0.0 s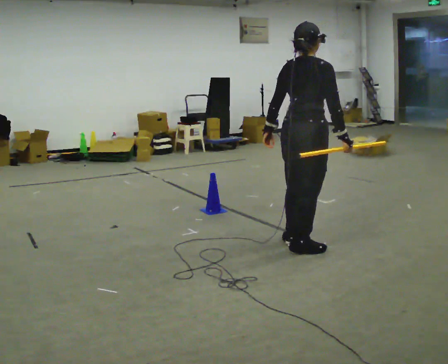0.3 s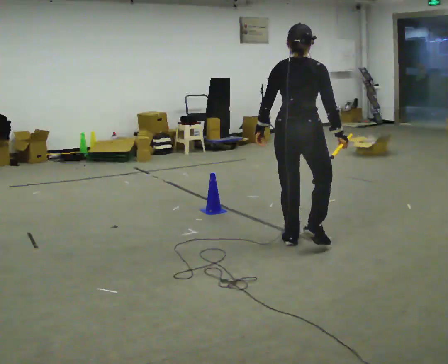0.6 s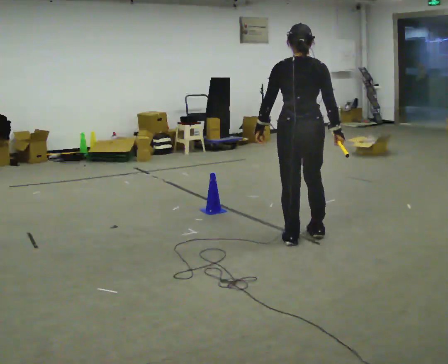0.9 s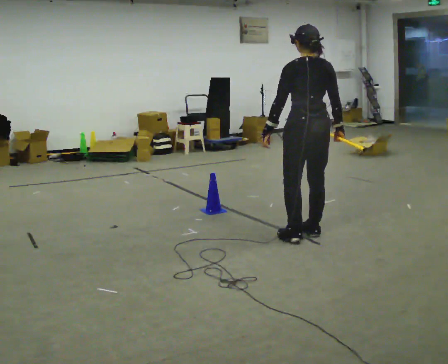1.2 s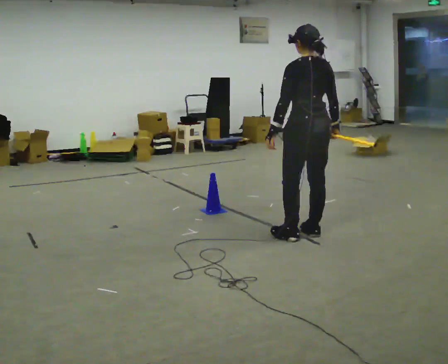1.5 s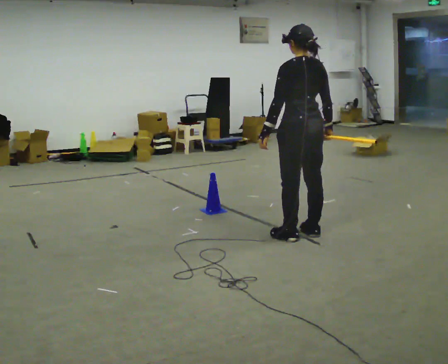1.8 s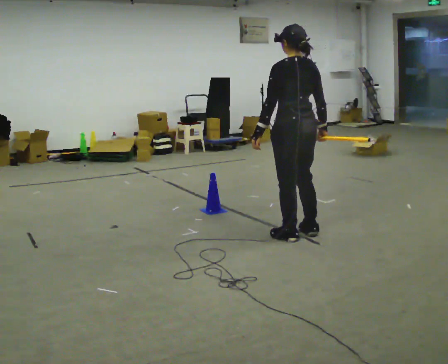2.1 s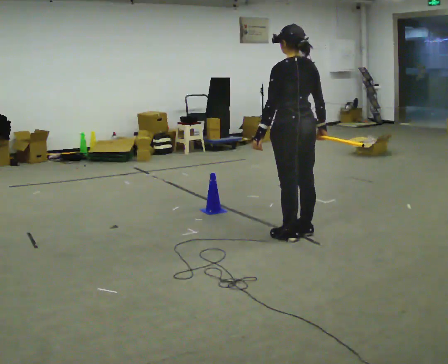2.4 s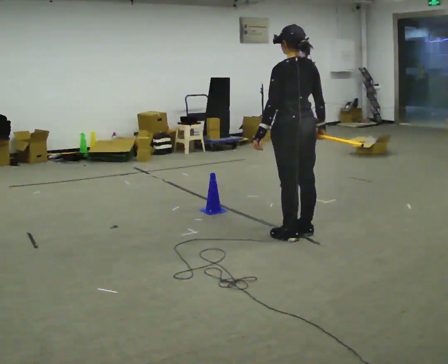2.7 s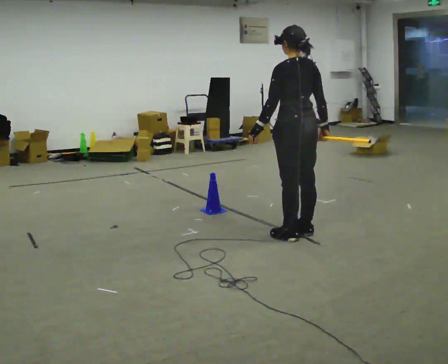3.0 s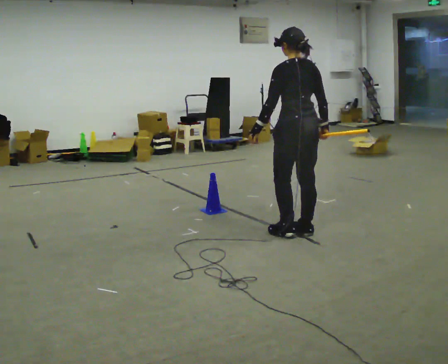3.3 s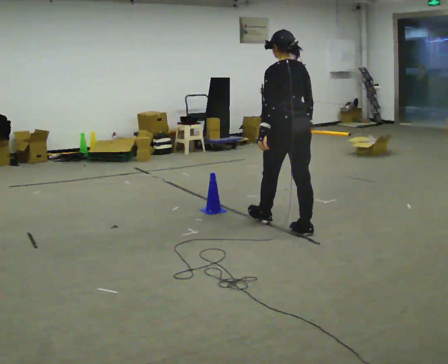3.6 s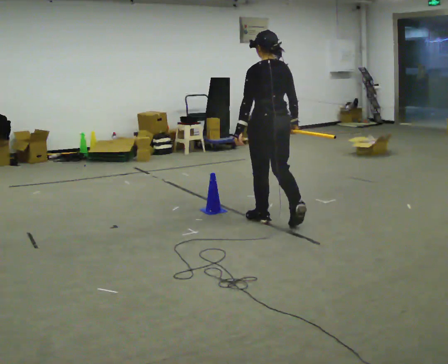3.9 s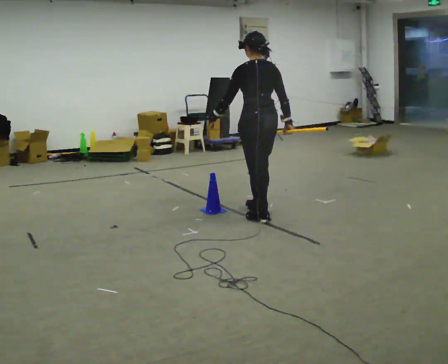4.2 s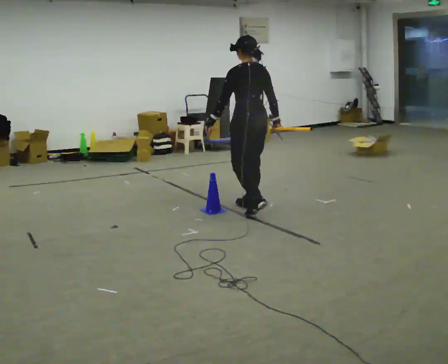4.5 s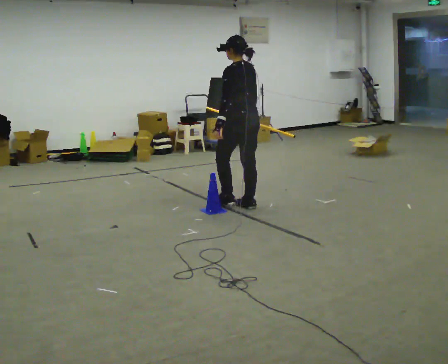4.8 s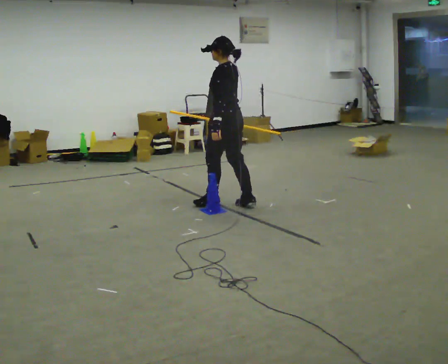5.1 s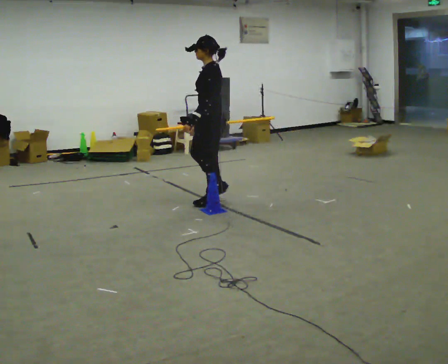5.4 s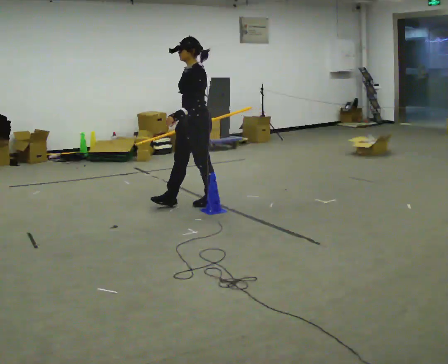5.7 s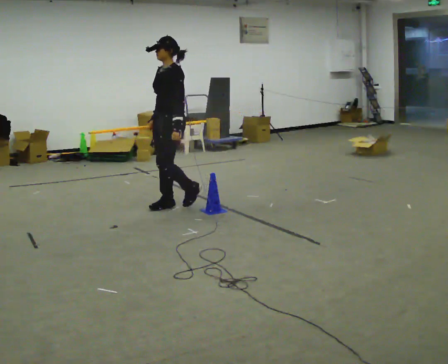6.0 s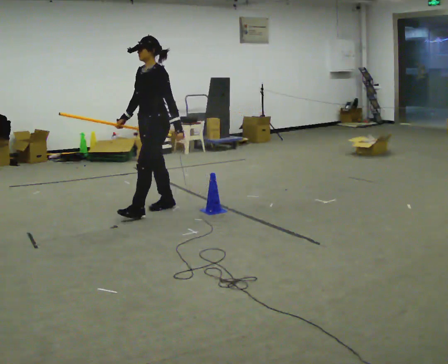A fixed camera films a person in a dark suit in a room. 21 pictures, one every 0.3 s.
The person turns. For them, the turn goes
to their left.
The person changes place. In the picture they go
to the left.
0.0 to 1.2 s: The person turns about 75 degrees to their left, counterclockwise seen from above, so the part of the body nearest the lens slides to the right. In the picture they go away from the camera, about 0.25 m in 1 step.
1.2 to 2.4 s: The person moves a little, or ends about where they began.
2.4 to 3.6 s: In the picture they go away from the camera and to the left, about 0.5 m in 1 step, which for them is forward.
3.6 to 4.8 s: The person turns about 45 degrees to their left, counterclockwise seen from above, so the part of the body nearest the lens slides to the right. In the picture they go to the left and away from the camera, about 0.75 m in 2 steps, which for them is forward.
4.8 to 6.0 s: The part of the body nearest the lens slides to the right as the person turns to their left by about 60 degrees. In the picture they go to the left and toward the camera, about 0.75 m in 1 step, which for them is forward.
The film runs forward here.
